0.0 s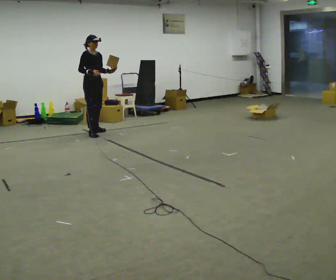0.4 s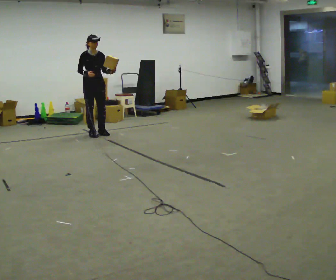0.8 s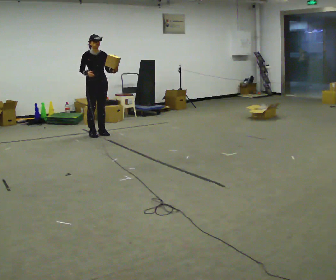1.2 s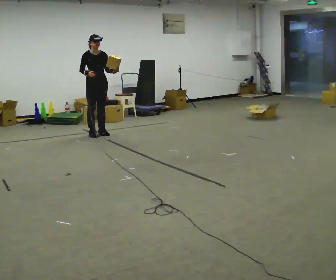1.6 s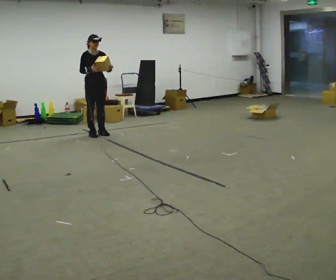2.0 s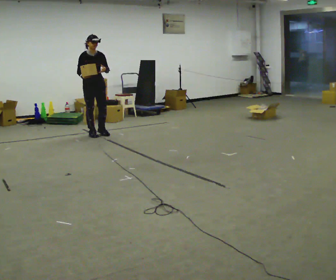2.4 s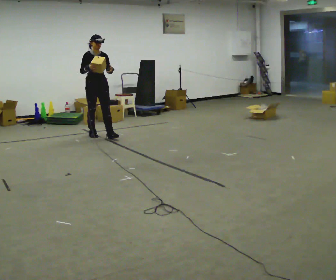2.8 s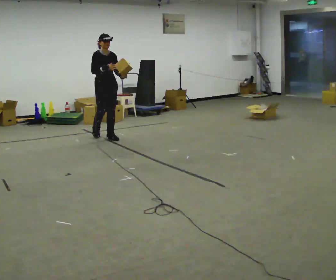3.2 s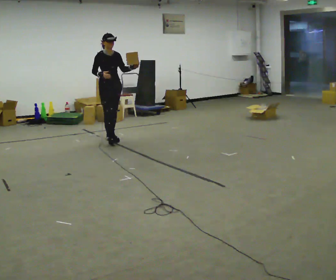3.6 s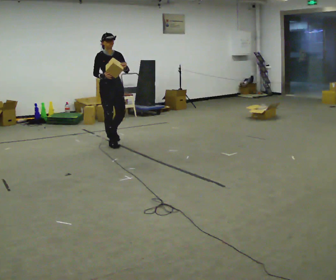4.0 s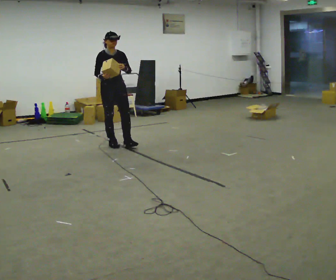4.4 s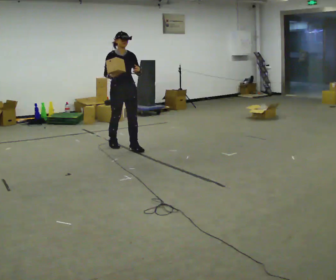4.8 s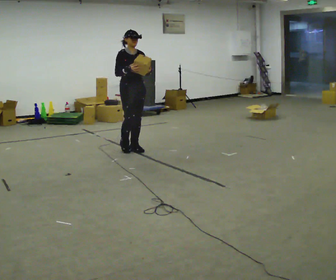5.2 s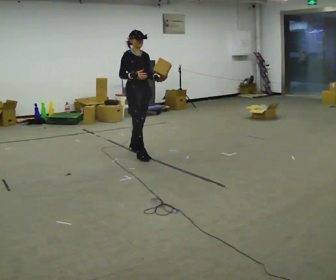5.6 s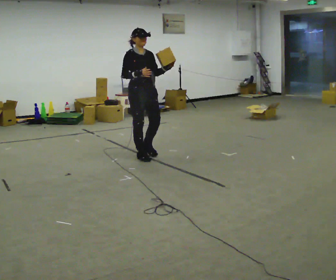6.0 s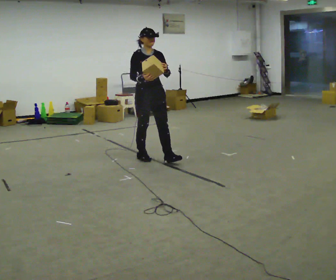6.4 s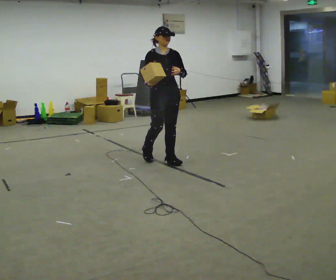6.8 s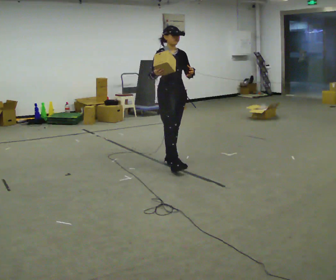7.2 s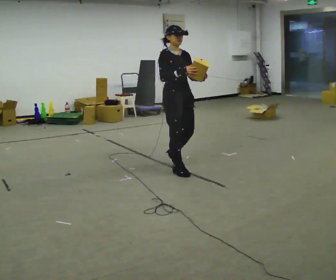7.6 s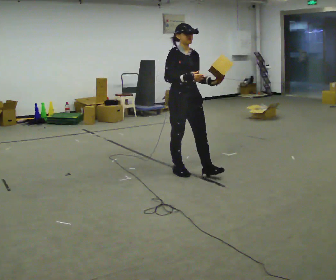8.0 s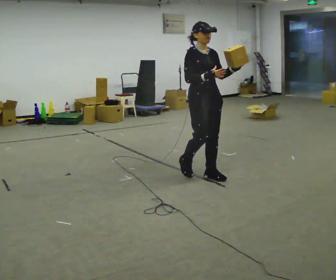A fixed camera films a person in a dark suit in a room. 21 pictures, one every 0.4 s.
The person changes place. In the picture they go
toward the camera.
0.0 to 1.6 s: The person moves a little, or ends about where they began.
1.6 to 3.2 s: In the picture they go toward the camera and to the right, about 0.5 m in 1 step, which for them is forward.
3.2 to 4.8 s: In the picture they go toward the camera and to the right, about 0.75 m in 2 steps, which for them is forward.
4.8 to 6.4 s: In the picture they go toward the camera and to the right, about 0.5 m in 2 steps, which for them is forward.
6.4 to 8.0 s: In the picture they go toward the camera and to the right, about 0.5 m in 2 steps, which for them is forward.
The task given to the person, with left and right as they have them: Carry the object in one hand and, while walking, pass it to your other hand. Keep passing it back and forth as you walk.
The film runs forward here.
